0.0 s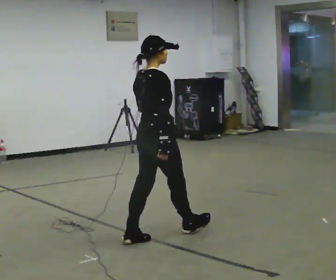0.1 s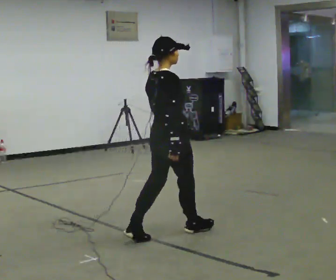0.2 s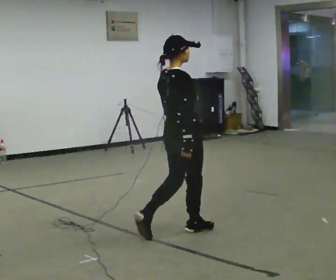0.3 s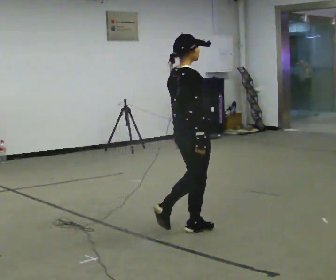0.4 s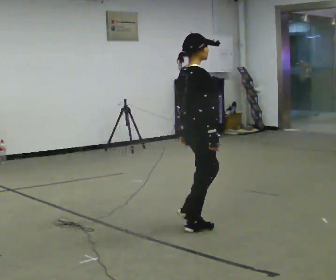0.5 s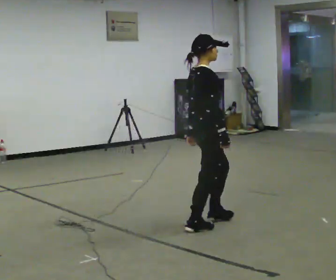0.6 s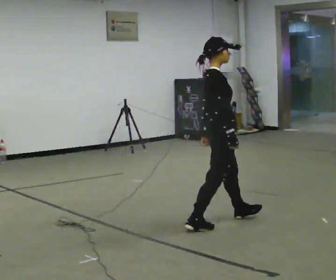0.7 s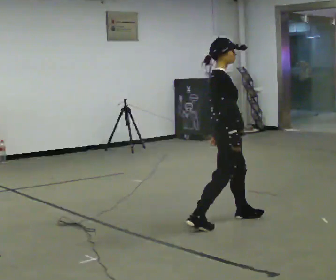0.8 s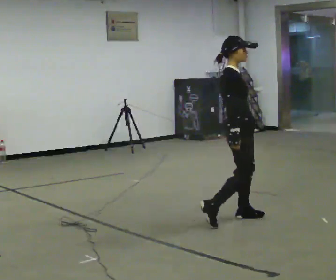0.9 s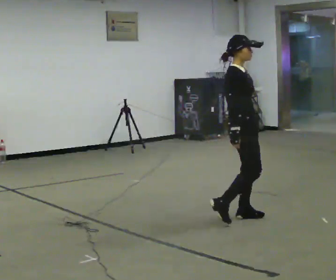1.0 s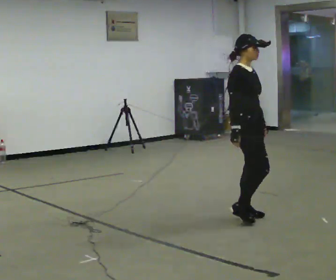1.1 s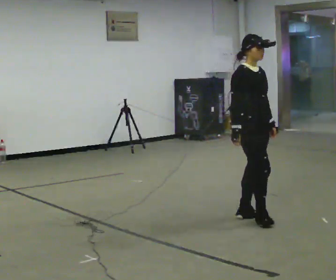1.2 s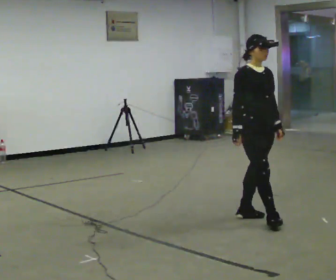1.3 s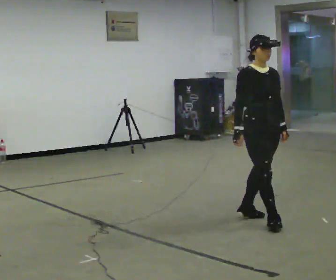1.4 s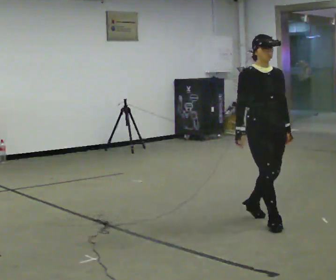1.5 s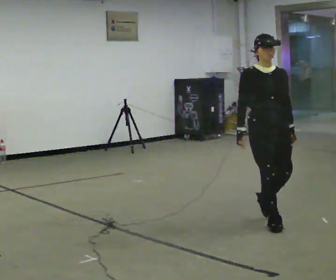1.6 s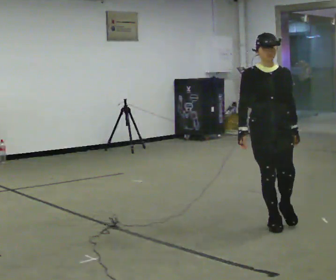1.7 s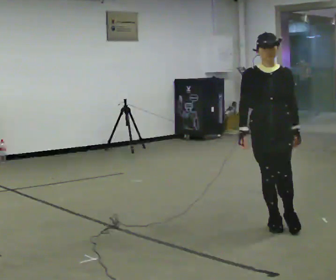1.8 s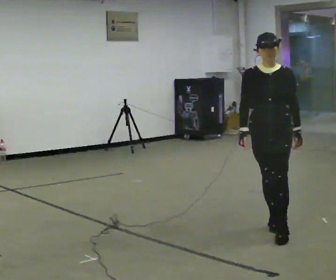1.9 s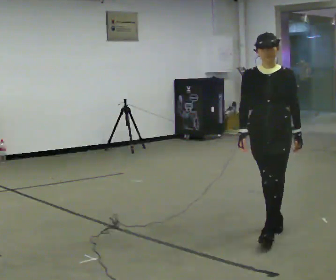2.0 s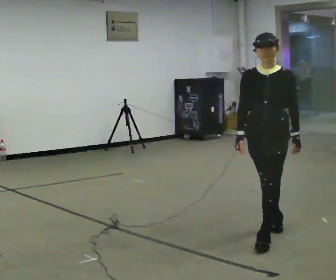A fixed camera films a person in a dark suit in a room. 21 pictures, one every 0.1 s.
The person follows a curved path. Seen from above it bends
clockwise.
The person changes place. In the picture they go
to the right.
0.0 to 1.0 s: Seen from above the body turns clockwise, about 60 degrees: to their right, with its near side sliding to the left. In the picture they go to the right and away from the camera, about 1 m in 2 steps.
1.0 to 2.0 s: The person turns about 90 degrees to their right, clockwise seen from above, so the part of the body nearest the lens slides to the left. In the picture they go toward the camera, about 0.5 m in 2 steps.
The film runs forward here.
